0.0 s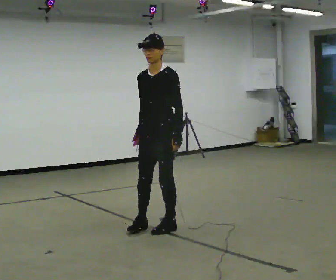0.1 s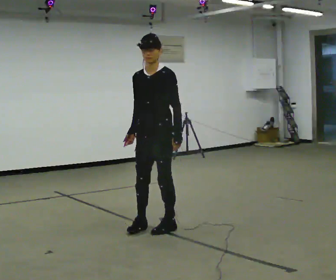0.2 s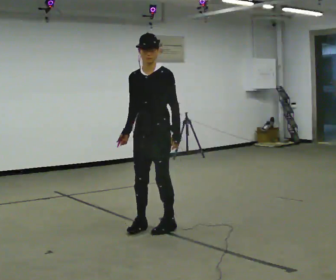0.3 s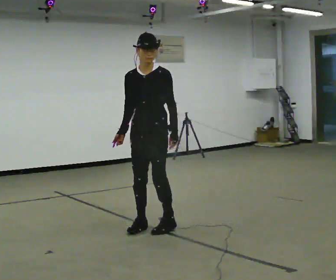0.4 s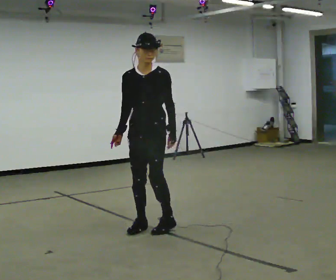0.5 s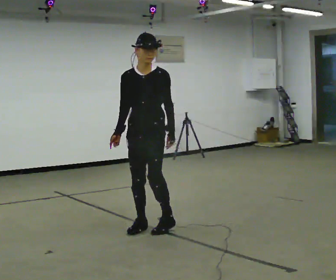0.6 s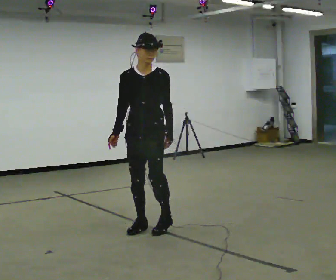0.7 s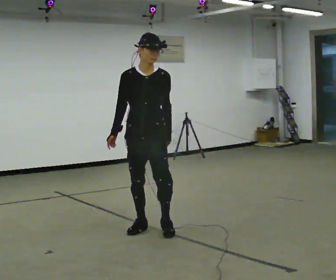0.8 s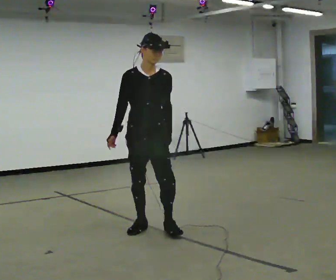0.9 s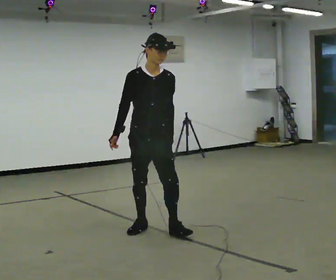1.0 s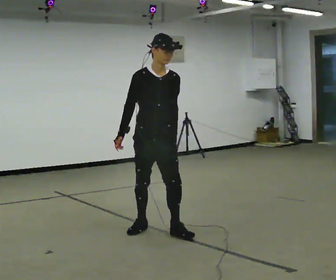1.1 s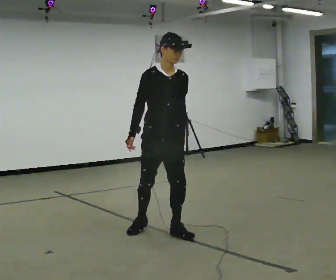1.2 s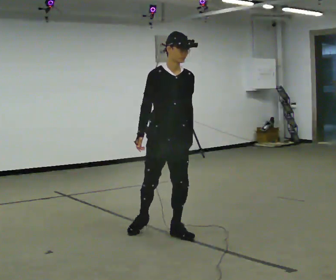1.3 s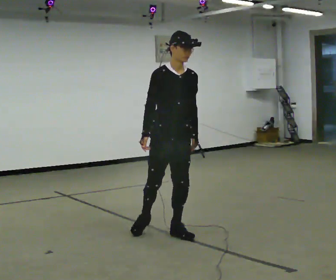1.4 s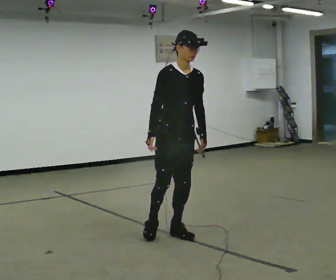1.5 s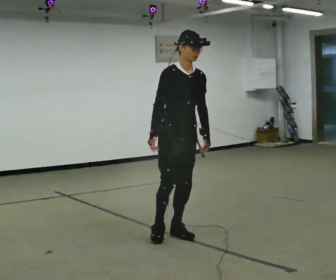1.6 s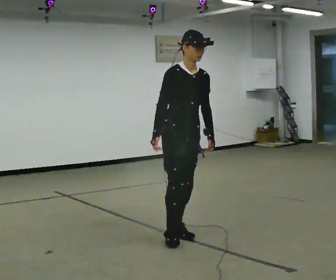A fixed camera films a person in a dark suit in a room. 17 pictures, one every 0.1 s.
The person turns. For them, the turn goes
to their left.
The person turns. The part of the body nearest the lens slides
to the right.
0.0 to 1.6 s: The part of the body nearest the lens slides to the right as the person turns to their left by about 75 degrees. In the picture they go toward the camera and to the right, about 0.25 m in 1 step.
The film runs forward here.
